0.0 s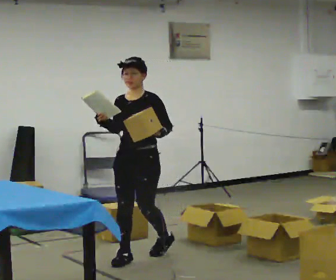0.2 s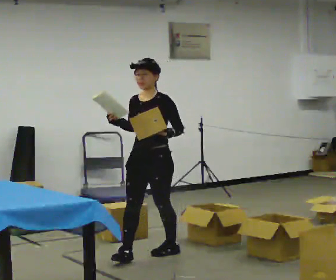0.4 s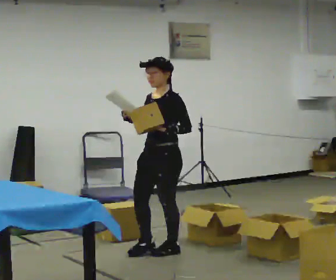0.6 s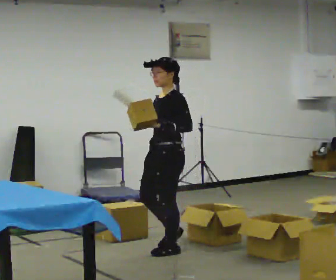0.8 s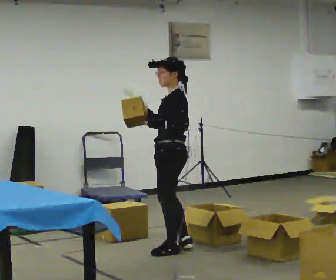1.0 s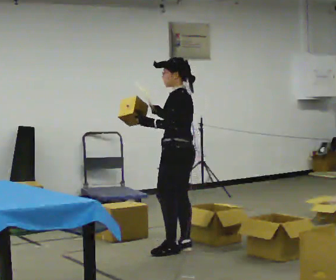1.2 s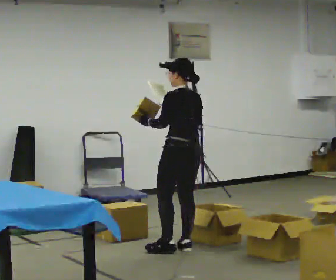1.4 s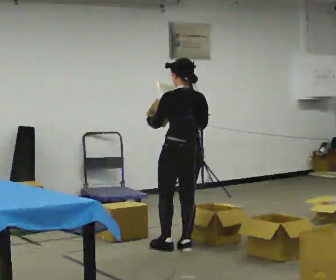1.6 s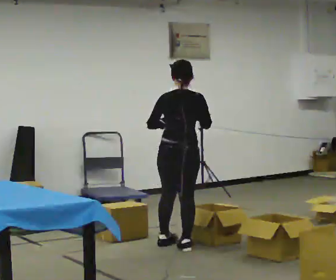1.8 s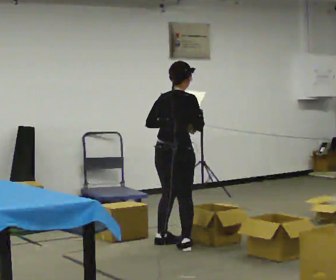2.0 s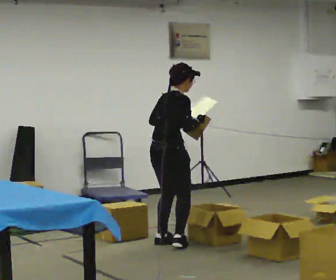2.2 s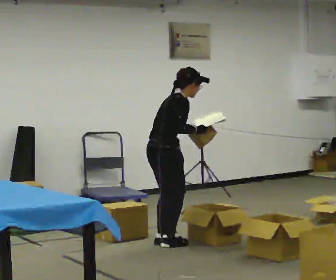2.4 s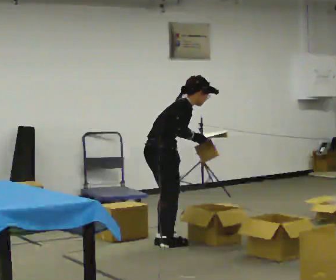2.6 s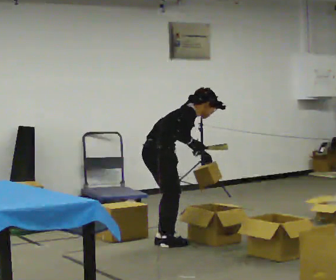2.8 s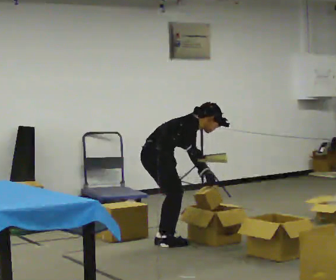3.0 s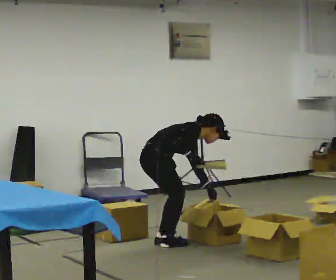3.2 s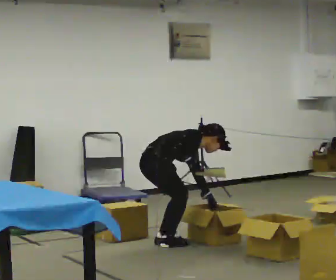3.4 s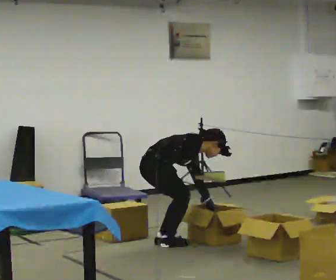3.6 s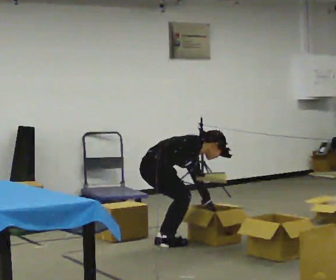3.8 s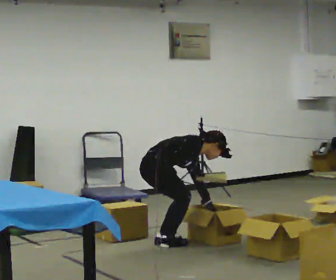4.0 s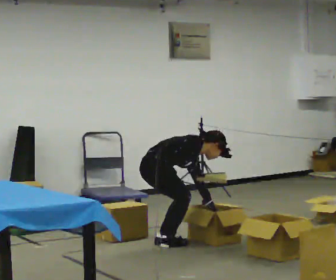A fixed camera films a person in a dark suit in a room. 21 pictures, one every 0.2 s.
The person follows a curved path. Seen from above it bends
counterclockwise.
The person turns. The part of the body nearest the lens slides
to the left.
0.0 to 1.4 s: The person turns about 135 degrees to their right, clockwise seen from above, so the part of the body nearest the lens slides to the left. In the picture they go to the right and away from the camera, about 0.5 m in 2 steps.
1.4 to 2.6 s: Seen from above the body turns clockwise, about 105 degrees: to their right, with its near side sliding to the left. In the picture they go to the left and away from the camera, about 0.25 m in 1 step. In the picture the upper body tilts clockwise, shoulders to the right, as they bend forward.
2.6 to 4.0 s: The shoulders move downward. In the picture the upper body tilts clockwise, shoulders to the right, as they bend forward. In the picture their left hand goes downward.
The film runs backward here.
